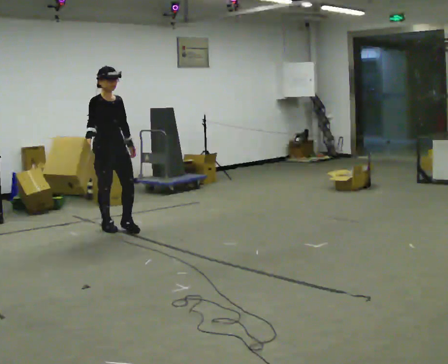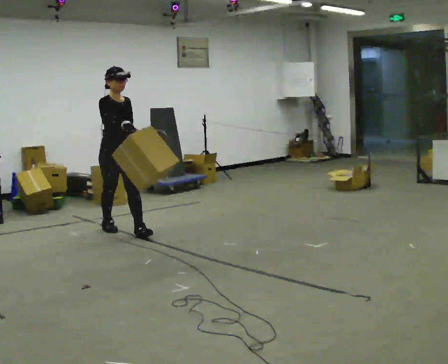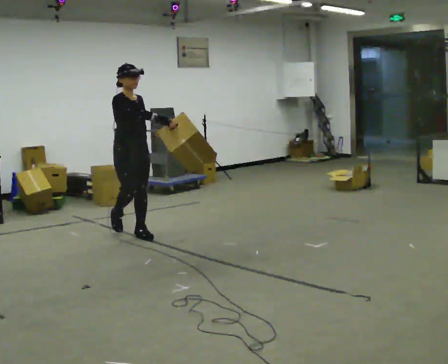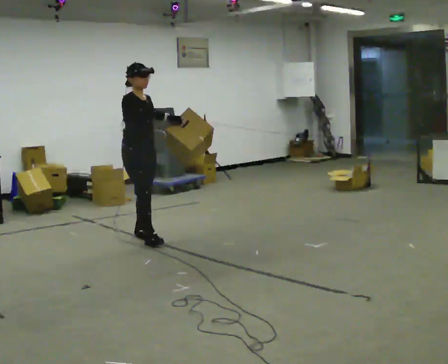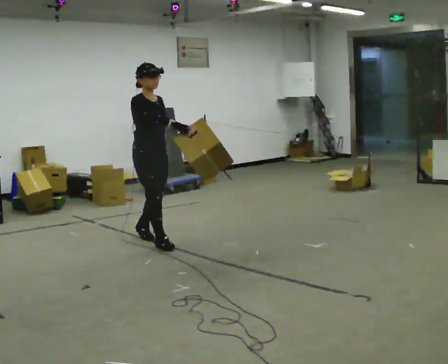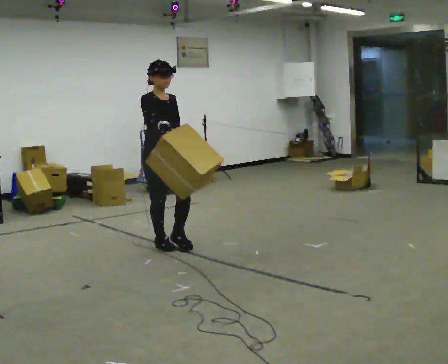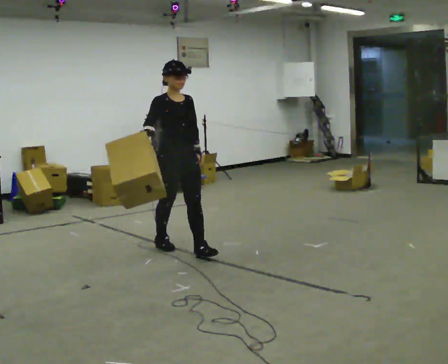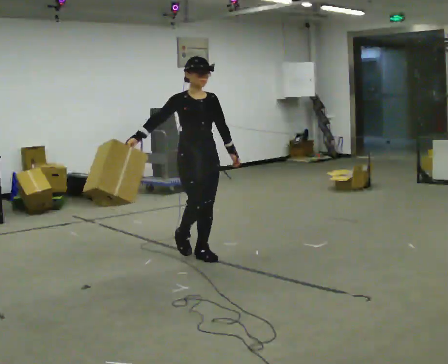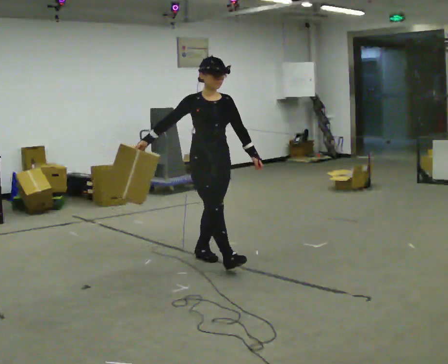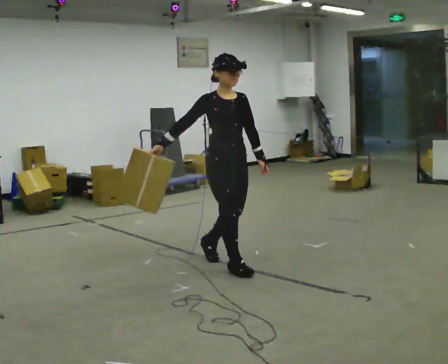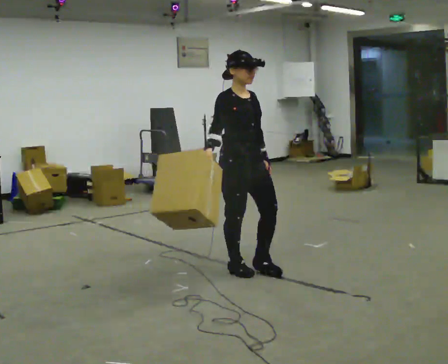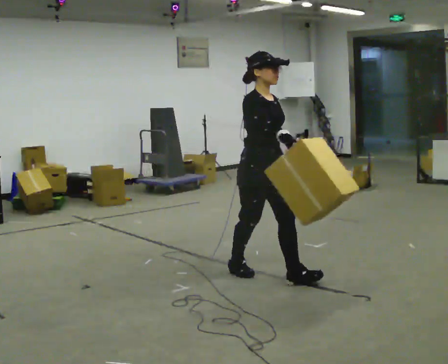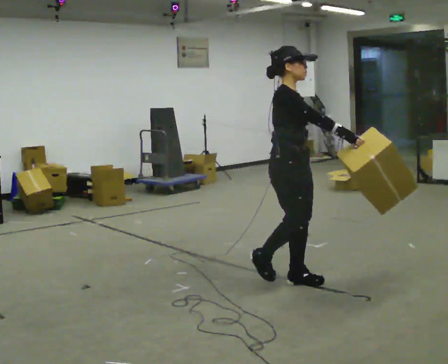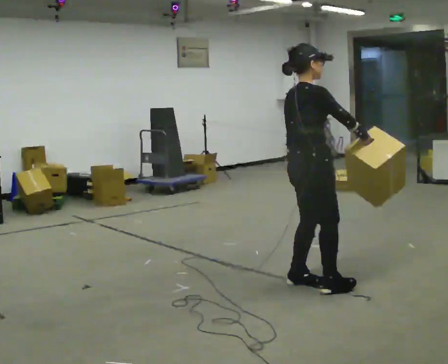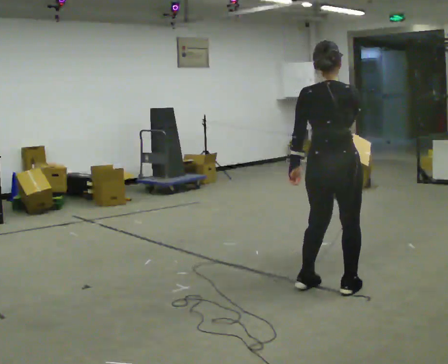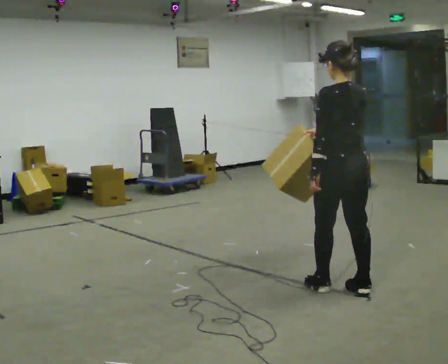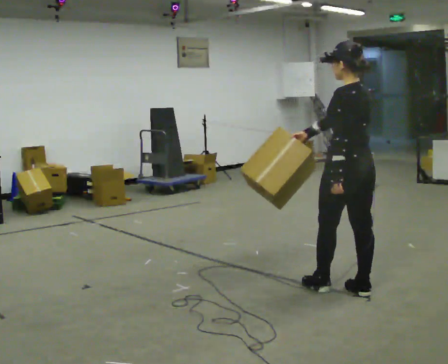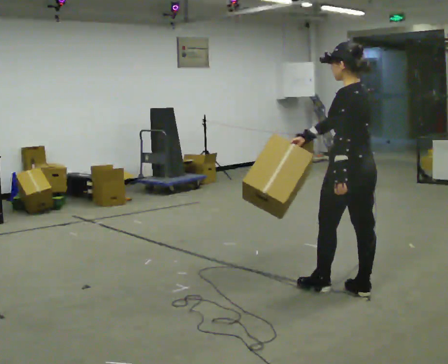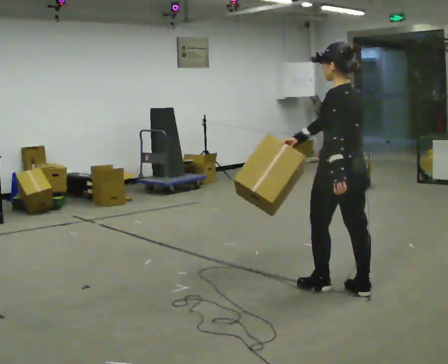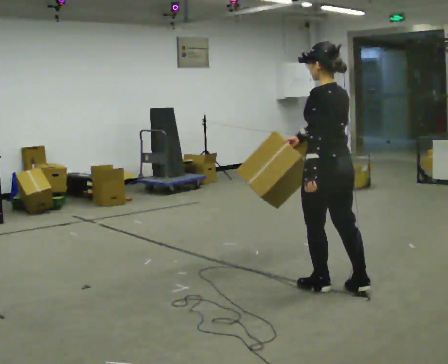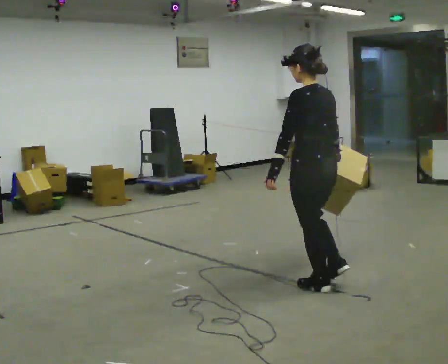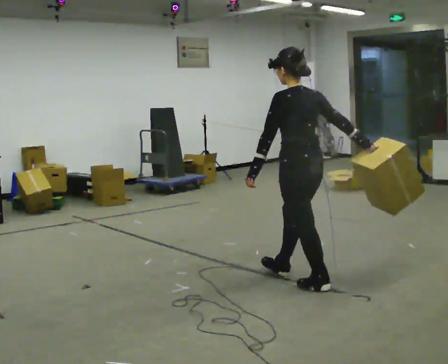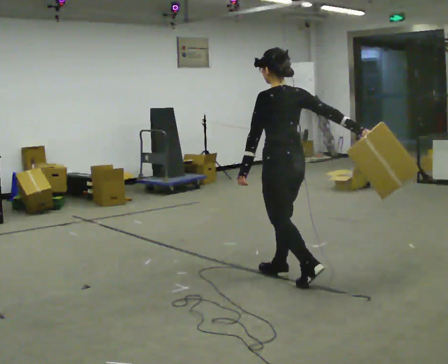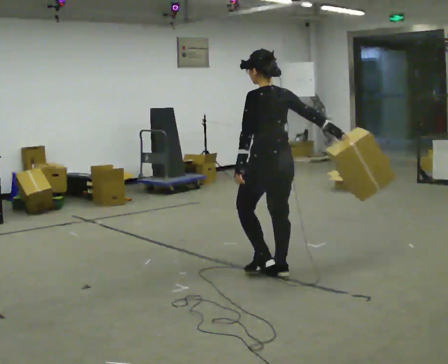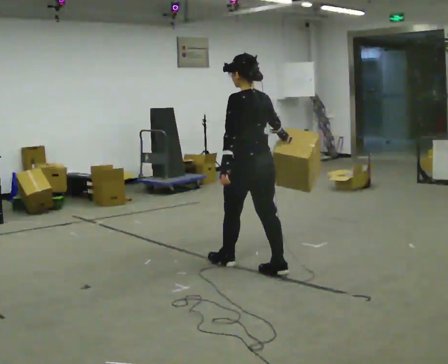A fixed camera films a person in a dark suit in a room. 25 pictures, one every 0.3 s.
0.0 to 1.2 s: In the picture they go to the right and toward the camera, about 0.5 m in 2 steps, which for them is forward.
1.2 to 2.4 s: In the picture they go to the right and toward the camera, about 1 m in 1 step, which for them is forward.
2.4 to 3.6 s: The part of the body nearest the lens slides to the right as the person turns to their left by about 30 degrees. In the picture they go to the right and toward the camera, about 1 m in 2 steps, which for them is forward.
3.6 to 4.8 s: The part of the body nearest the lens slides to the right as the person turns to their left by about 150 degrees. In the picture they go to the right and toward the camera, about 0.5 m in 2 steps.
4.8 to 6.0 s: In the picture they go to the left, about 0.25 m, which for them is forward and to their left.
6.0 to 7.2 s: In the picture they go away from the camera and to the left, about 0.75 m in 2 steps, which for them is forward.
The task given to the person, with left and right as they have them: Carry the object in the hand the operator calls, down at your side, walking back and forth across the room.
The film runs forward here.
